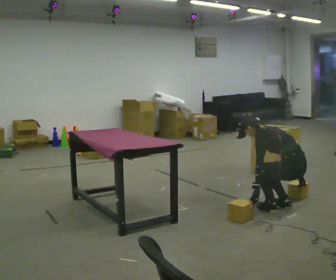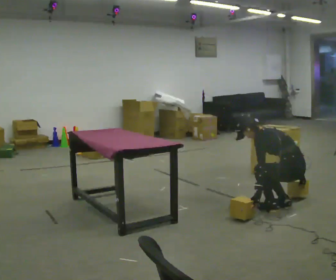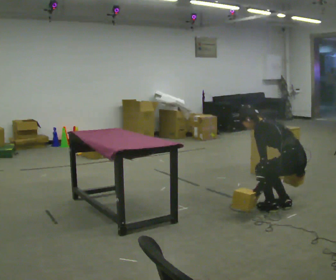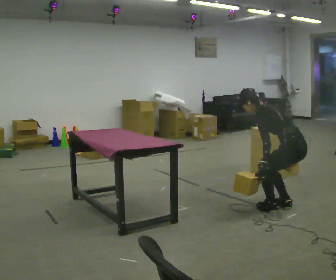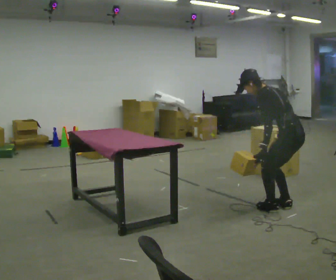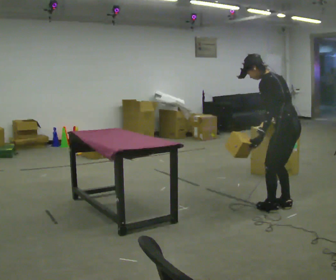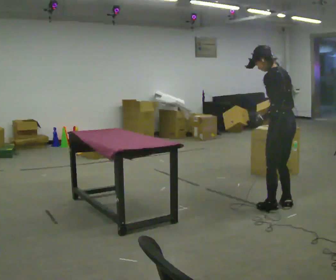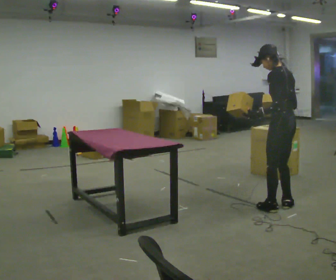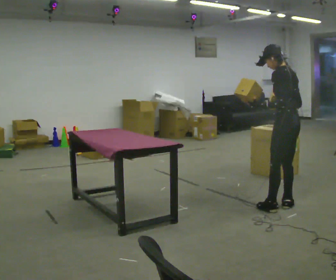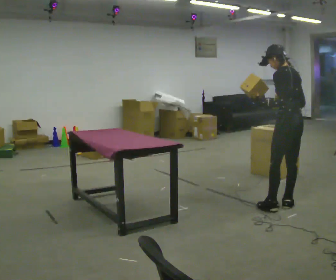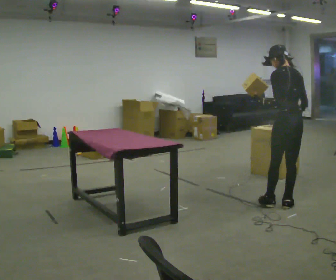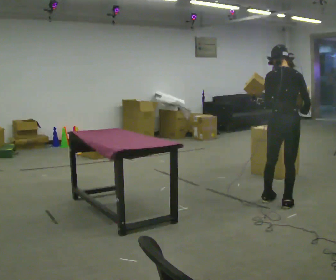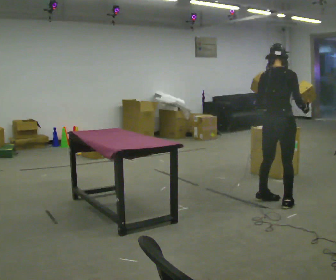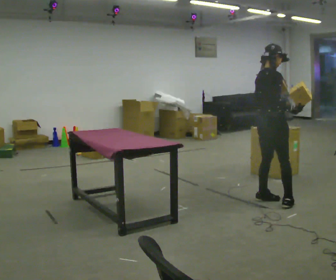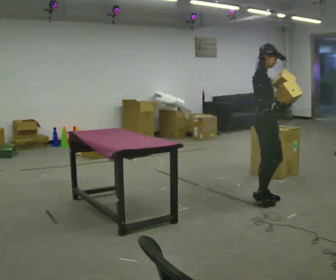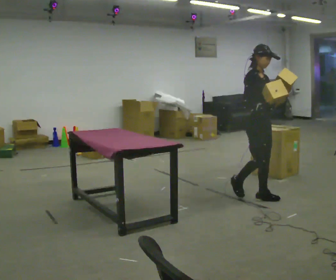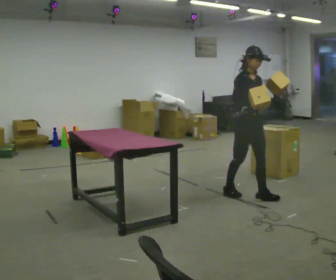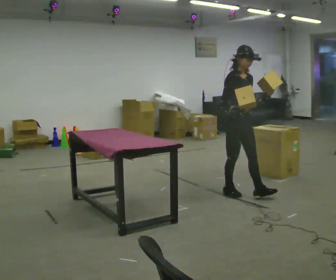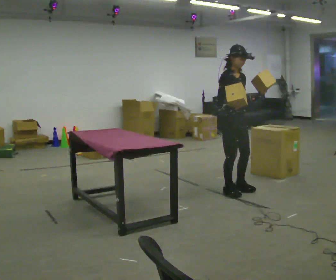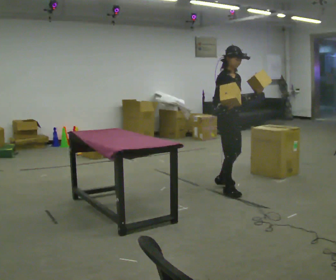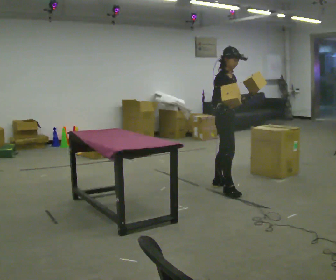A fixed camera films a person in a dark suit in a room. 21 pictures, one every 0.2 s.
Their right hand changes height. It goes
upward.
Their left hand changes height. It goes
upward.
0.0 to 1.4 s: The upper body goes upward. In the picture the upper body tilts clockwise, shoulders to the right, as they lean back or straighten. In the picture their right hand goes upward.
1.4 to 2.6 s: Seen from above the body turns clockwise, about 120 degrees: to their right, with its near side sliding to the left. In the picture they go away from the camera, about 0.25 m in 2 steps.
2.6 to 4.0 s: The person turns about 45 degrees to their right, clockwise seen from above, so the part of the body nearest the lens slides to the left. In the picture they go to the left and away from the camera, about 0.75 m in 1 step.
The film runs backward here.
